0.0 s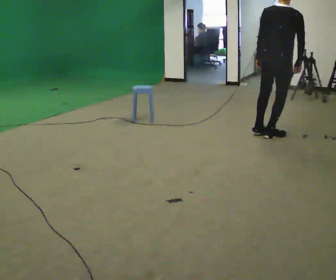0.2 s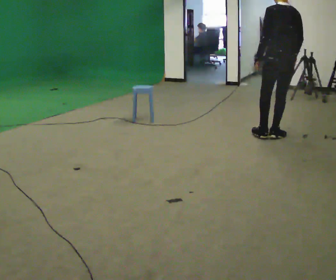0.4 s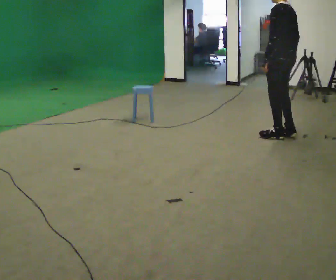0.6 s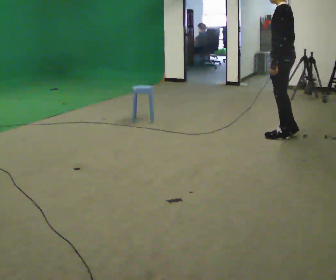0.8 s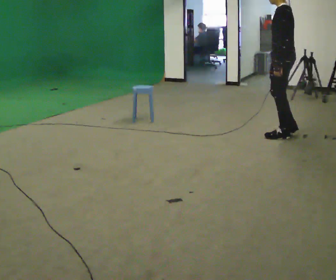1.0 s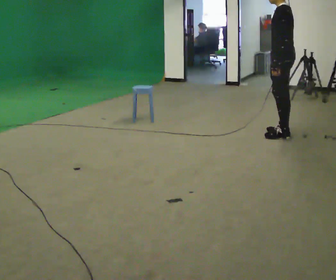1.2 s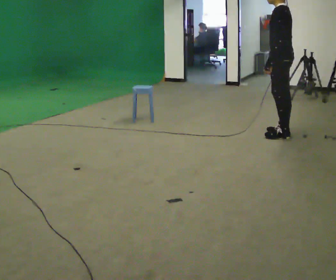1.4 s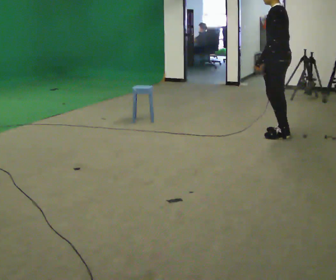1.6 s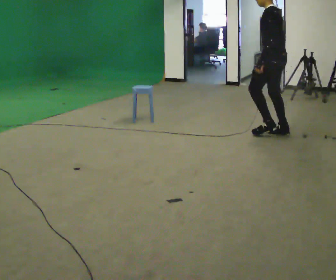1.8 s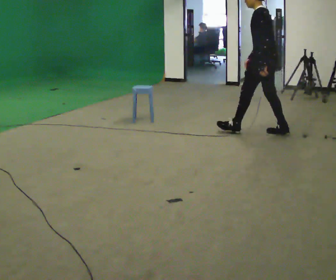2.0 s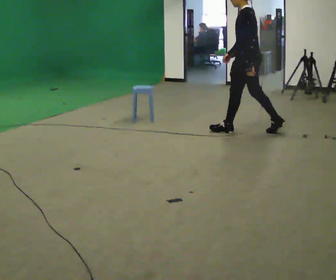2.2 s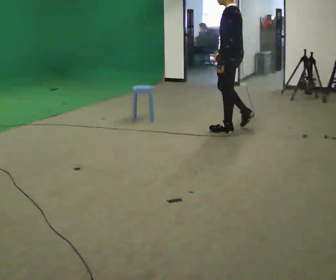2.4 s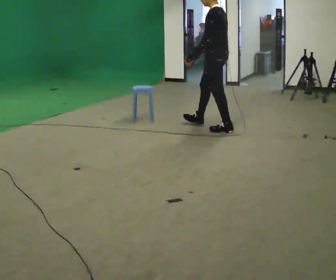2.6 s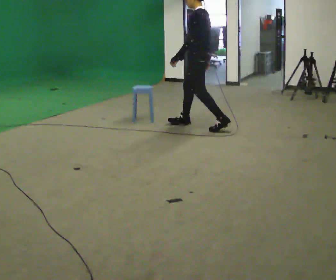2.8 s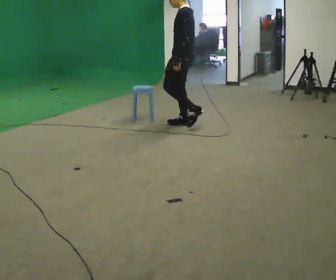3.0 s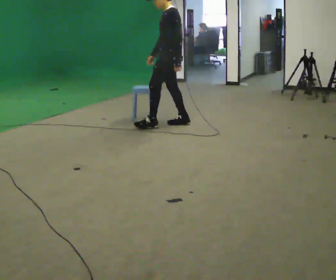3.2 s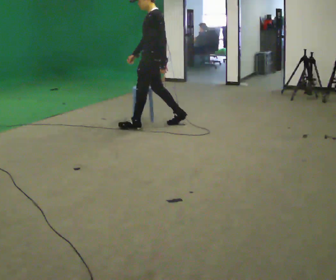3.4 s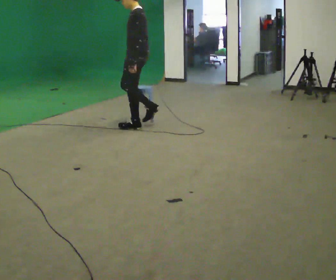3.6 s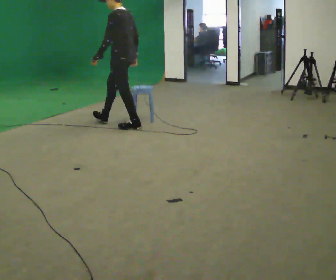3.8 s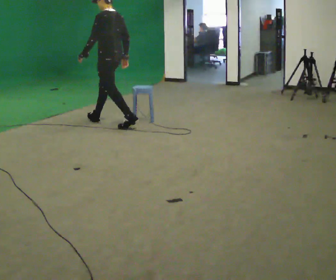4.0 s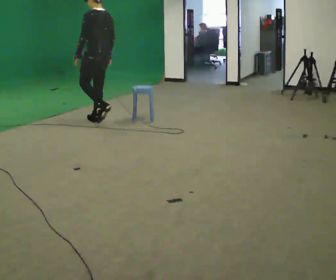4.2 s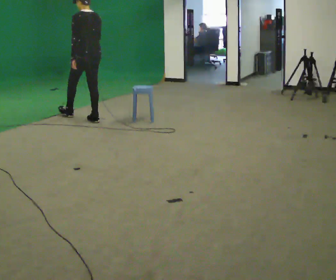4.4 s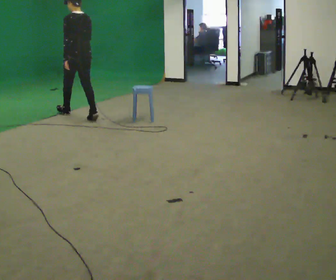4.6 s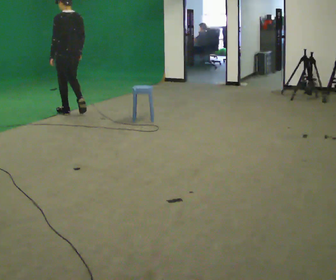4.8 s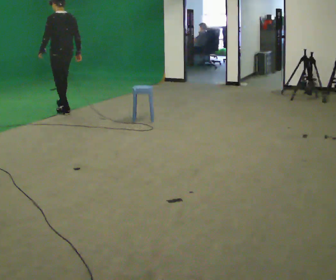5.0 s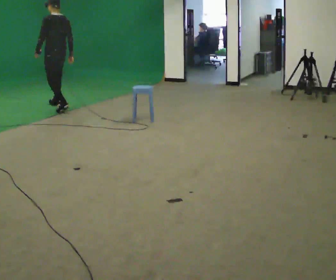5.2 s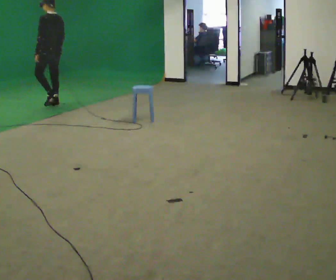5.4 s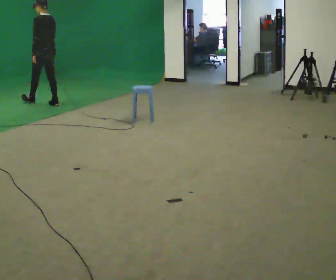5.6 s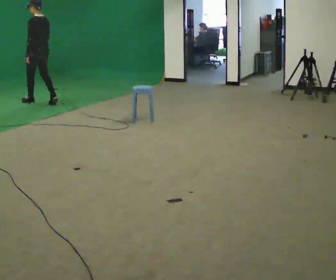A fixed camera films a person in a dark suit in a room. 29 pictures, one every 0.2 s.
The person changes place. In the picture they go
to the left.
0.0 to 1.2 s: Seen from above the body turns counterclockwise, about 90 degrees: to their left, with its near side sliding to the right. In the picture the upper body tilts counterclockwise, shoulders to the left.
1.2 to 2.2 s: In the picture they go to the left and away from the camera, about 0.5 m in 1 step, which for them is forward.
2.2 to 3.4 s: In the picture they go to the left, about 1 m in 2 steps, which for them is forward.
3.4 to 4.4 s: The part of the body nearest the lens slides to the left as the person turns to their right by about 45 degrees. In the picture they go to the left and away from the camera, about 1 m in 2 steps, which for them is forward.
4.4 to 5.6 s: In the picture they go to the left and away from the camera, about 1 m in 2 steps, which for them is forward.
The film runs forward here.
